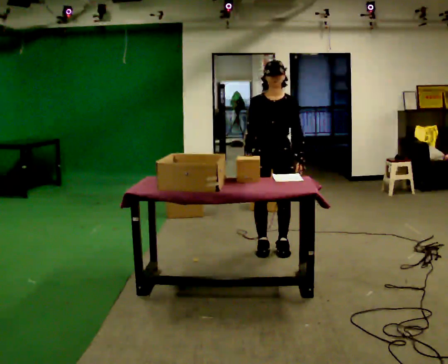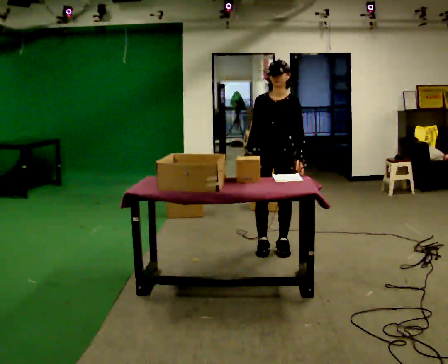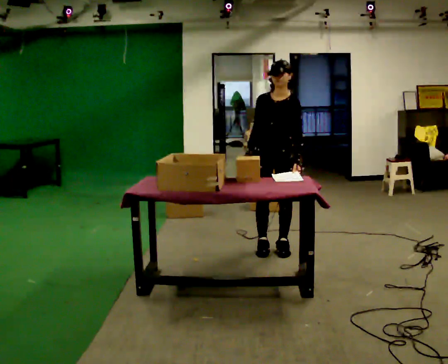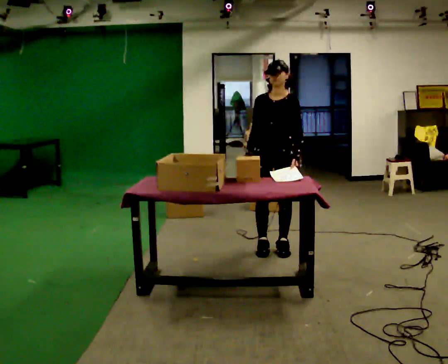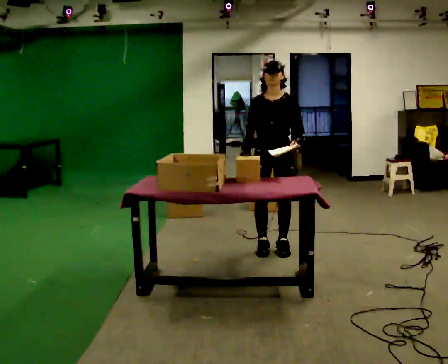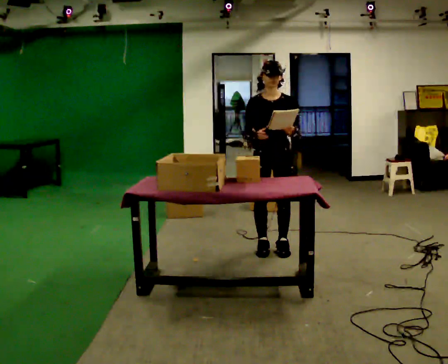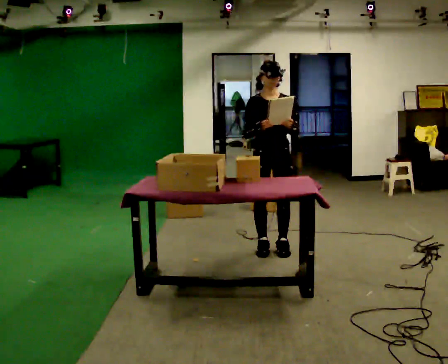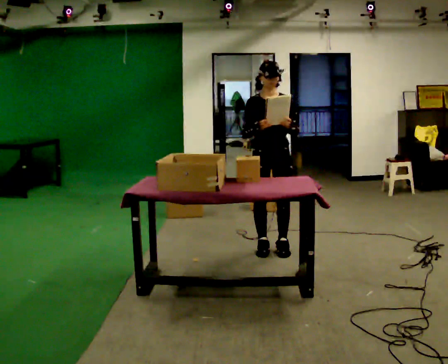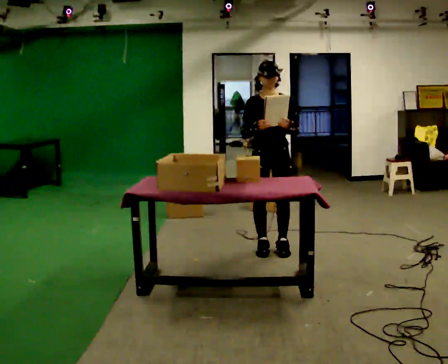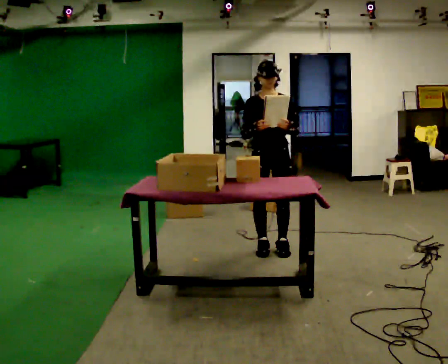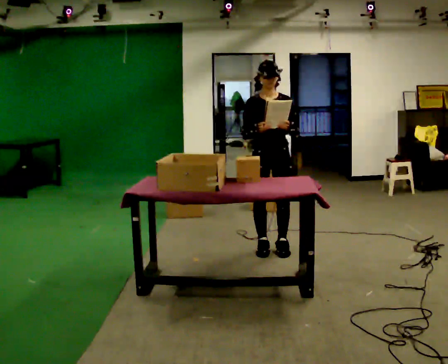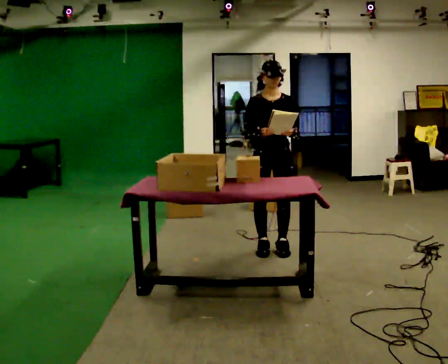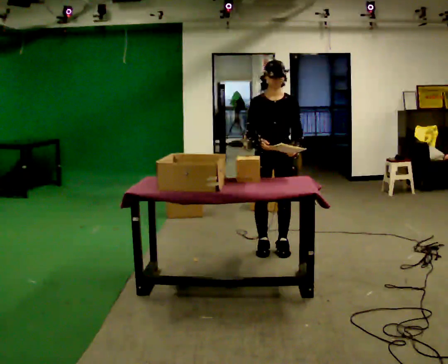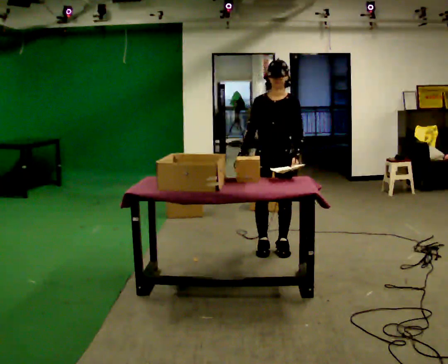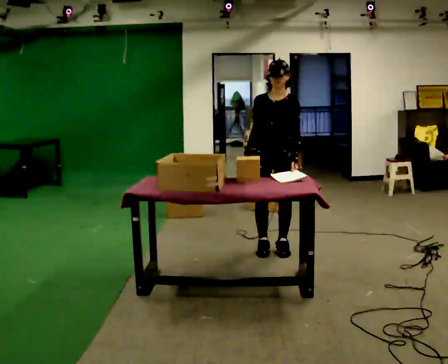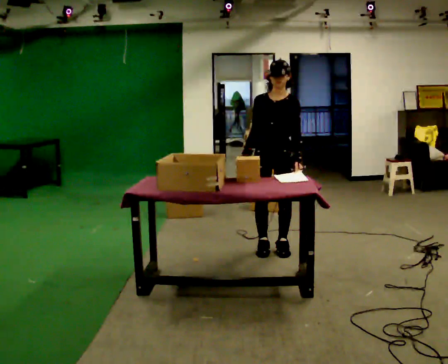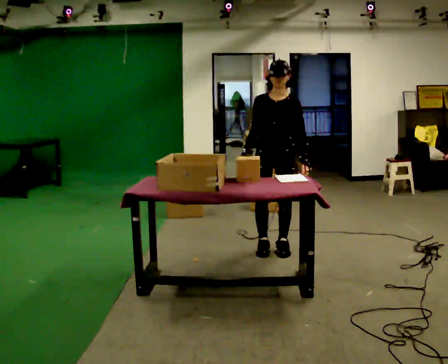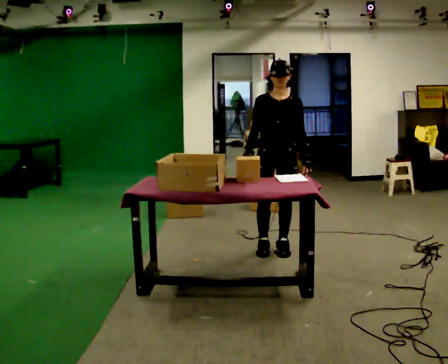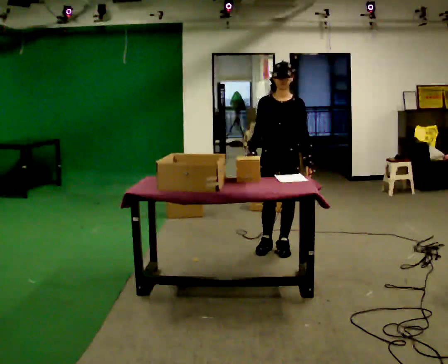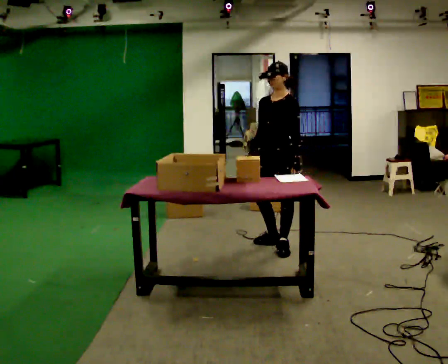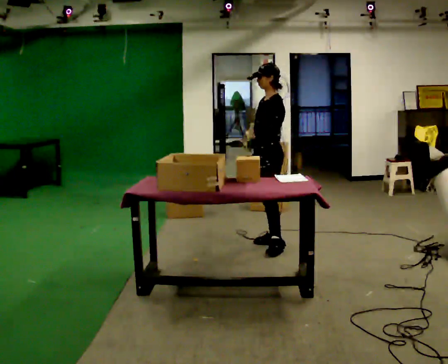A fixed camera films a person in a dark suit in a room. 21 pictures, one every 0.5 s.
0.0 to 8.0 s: The person moves a little, or ends about where they began.
8.0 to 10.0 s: Seen from above the body turns clockwise, about 60 degrees: to their right, with its near side sliding to the left. In the picture they go away from the camera, about 0.25 m in 1 step.
The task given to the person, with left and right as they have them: 1. Read the parts list. 2. Collect each part from the bins around the room. 3. Lay them out on the table in the order on the list. 4. Put them all in the carry case. 5. Tell the operator when you are finished.
The film runs forward here.
